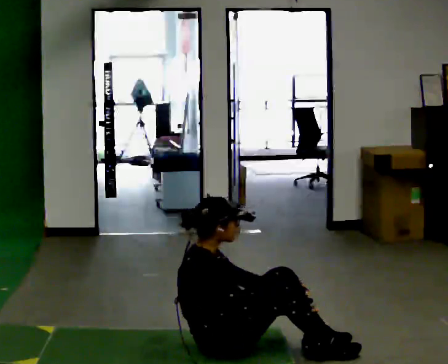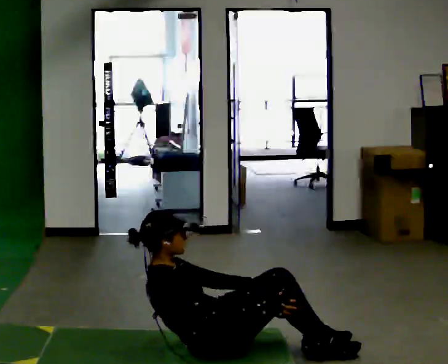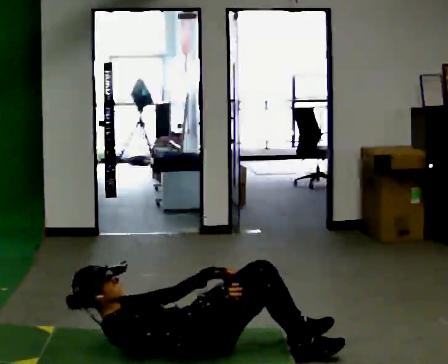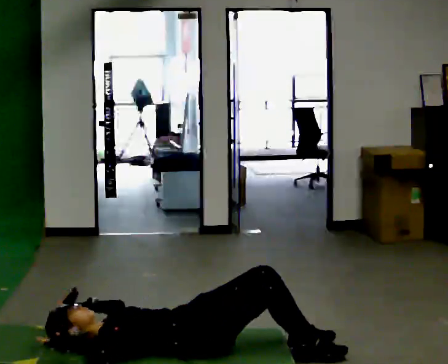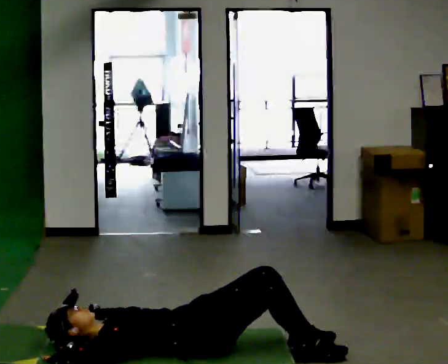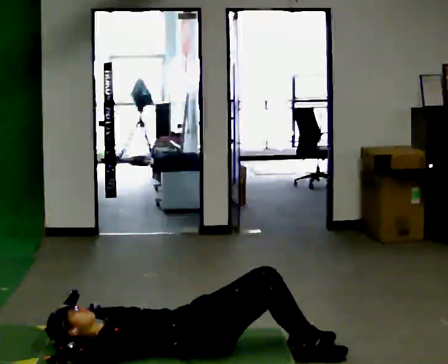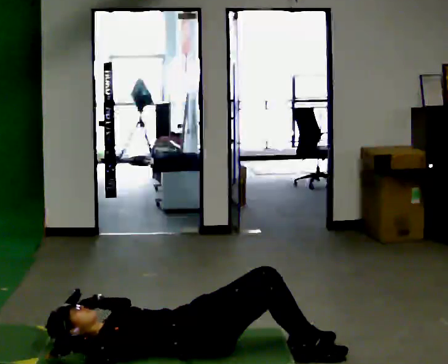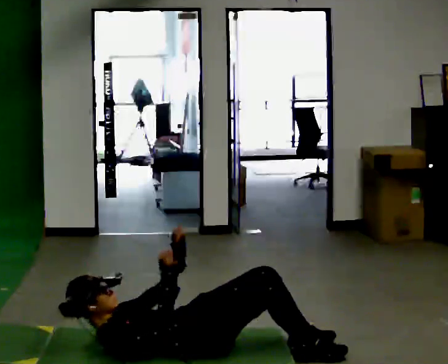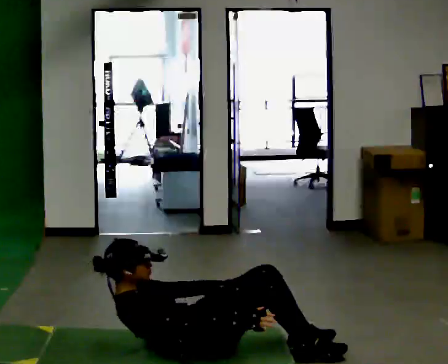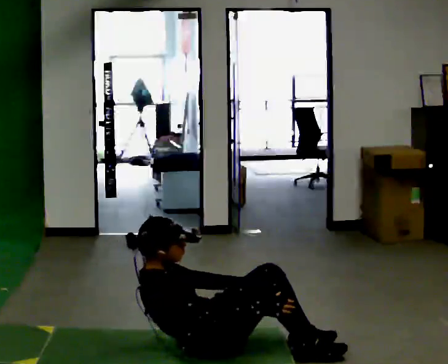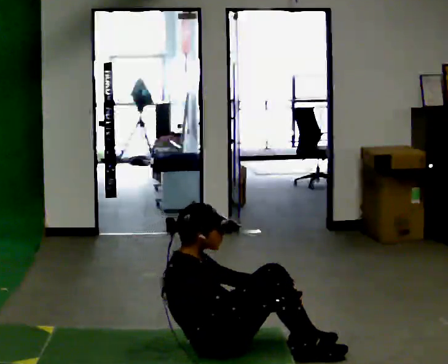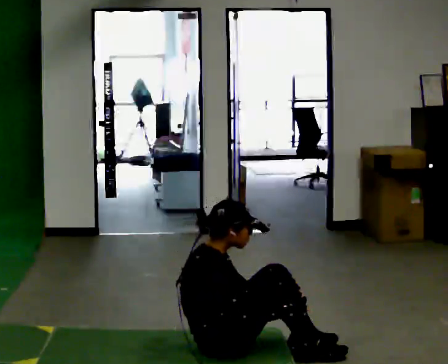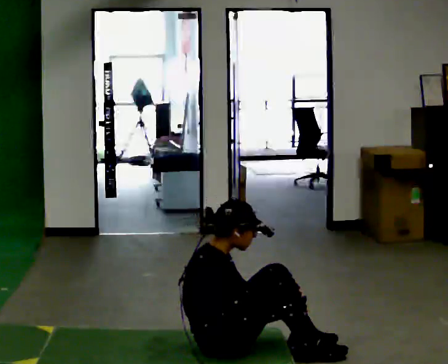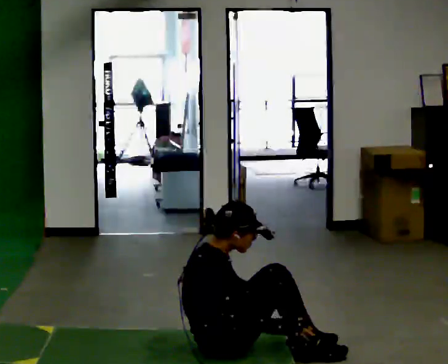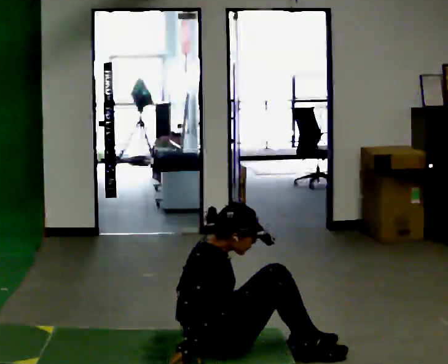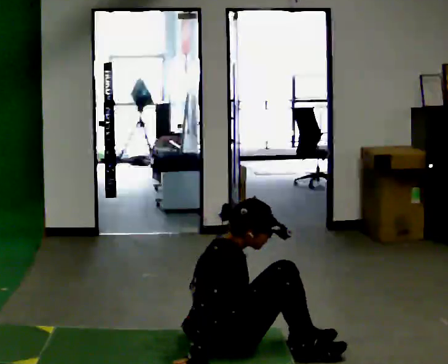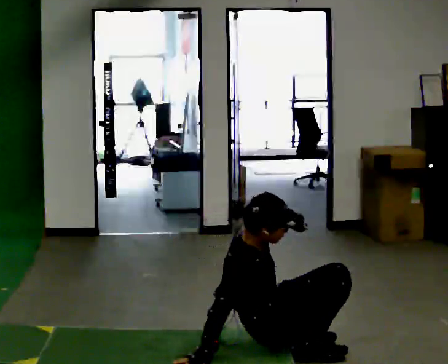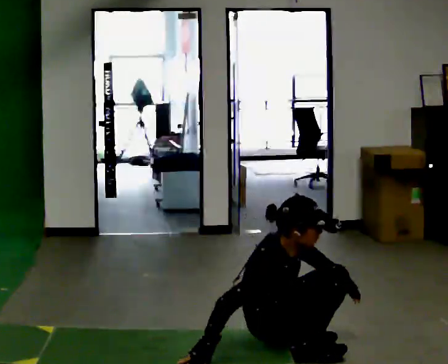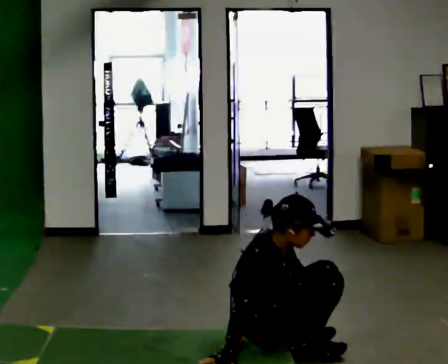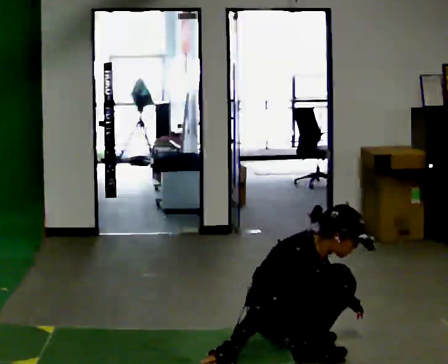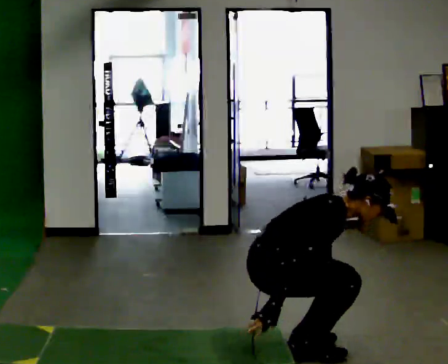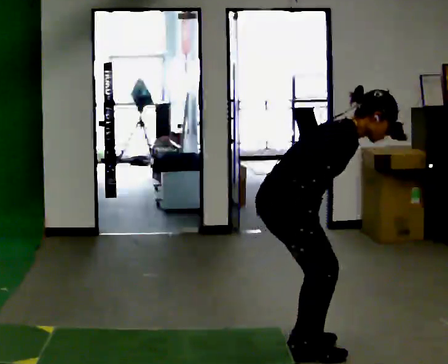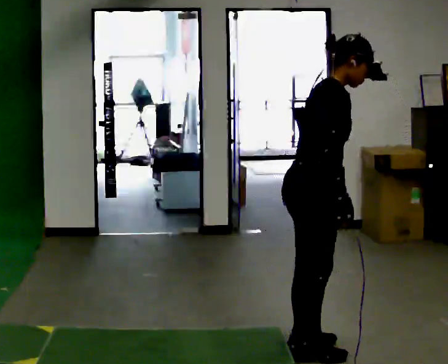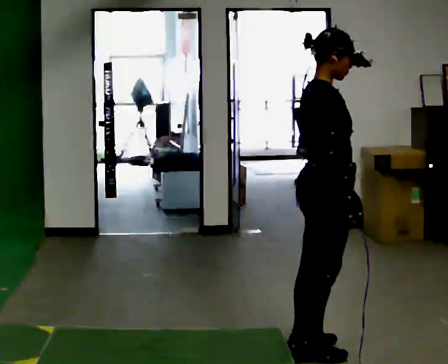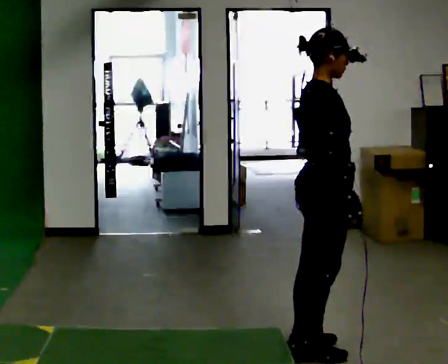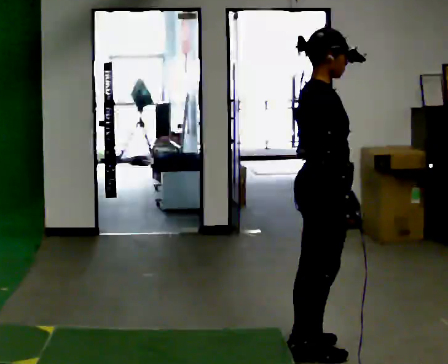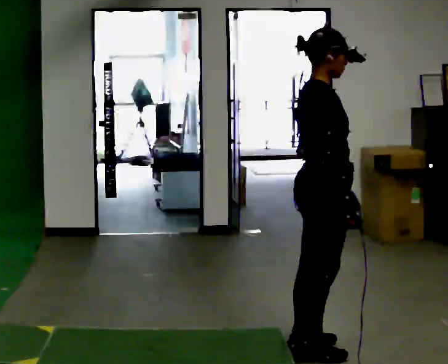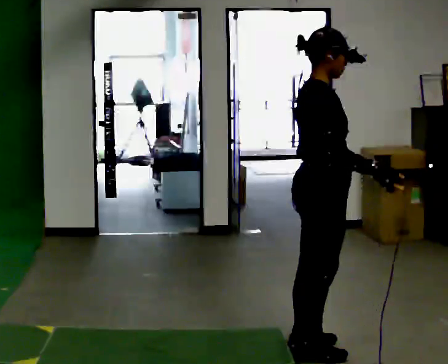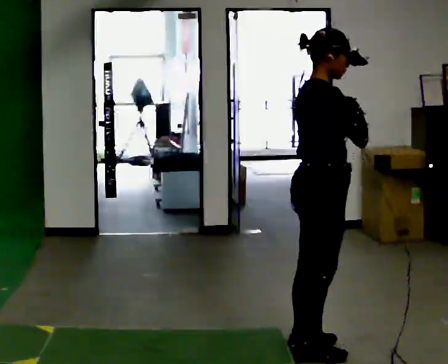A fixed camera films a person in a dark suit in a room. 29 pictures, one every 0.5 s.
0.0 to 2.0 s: The shoulders move downward. In the picture the upper body tilts counterclockwise, shoulders to the left, as they lean back or straighten. In the picture their left hand goes to the left.
2.0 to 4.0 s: The shoulders move upward. In the picture the upper body tilts clockwise, shoulders to the right, as they bend forward. In the picture their left hand goes to the right.
4.0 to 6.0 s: The shoulders move upward. In the picture the upper body tilts clockwise, shoulders to the right, as they bend forward.
6.0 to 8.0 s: In the picture they go to the right, about 0.25 m, which for them is forward. In the picture their right hand goes to the left.
8.0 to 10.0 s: The shoulders move upward. In the picture the upper body tilts clockwise, shoulders to the right, as they bend forward. In the picture their left hand goes to the right.
10.0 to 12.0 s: In the picture they go to the right, about 0.25 m, which for them is forward. The shoulders move upward. In the picture the upper body tilts counterclockwise, shoulders to the left, as they lean back or straighten. In the picture their right hand goes upward, the arm swinging counterclockwise.
12.0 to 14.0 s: In the picture their right hand goes upward.
The film runs forward here.
